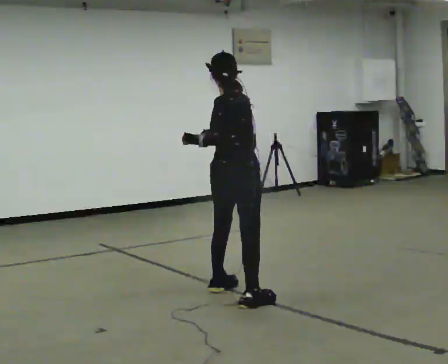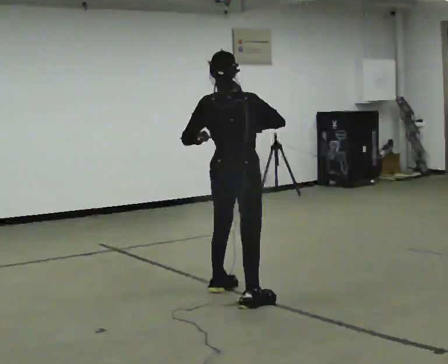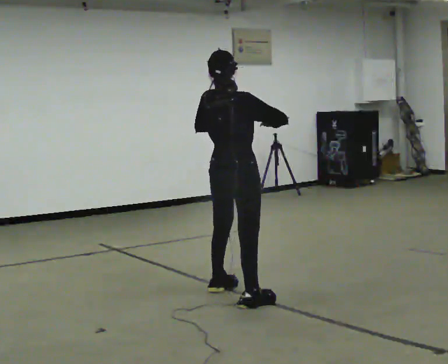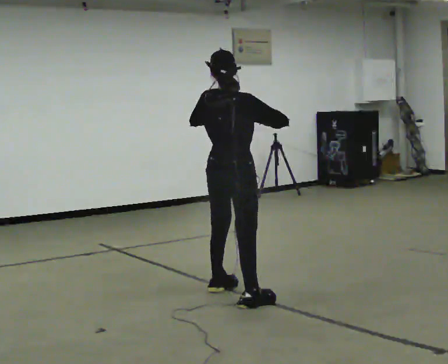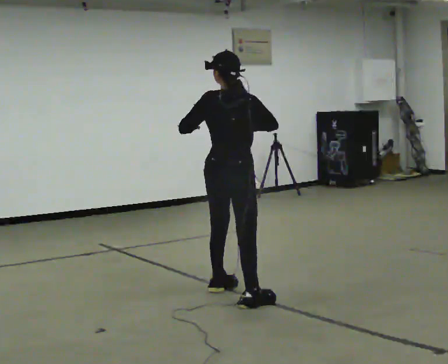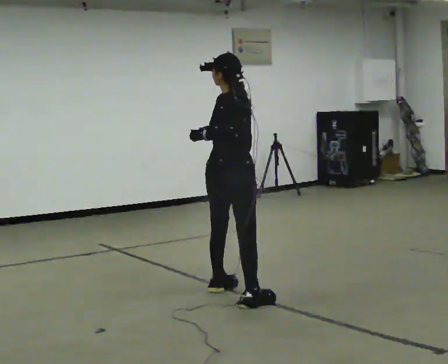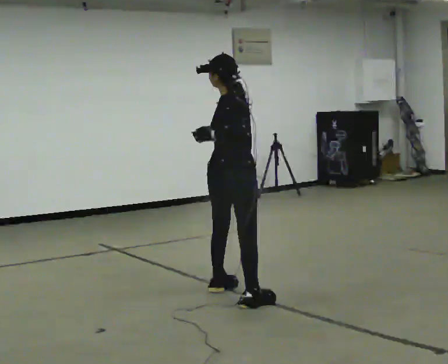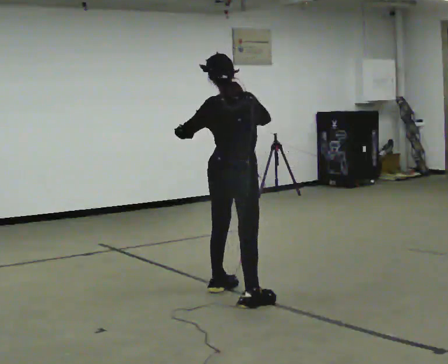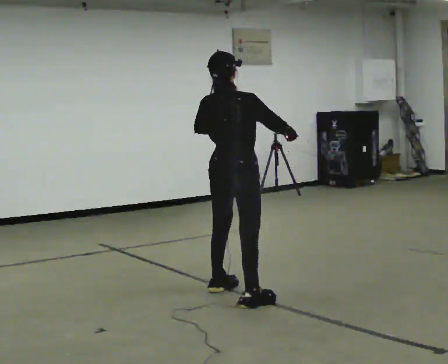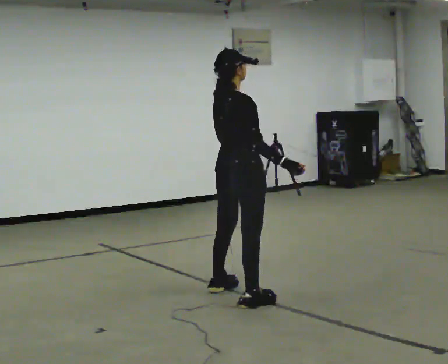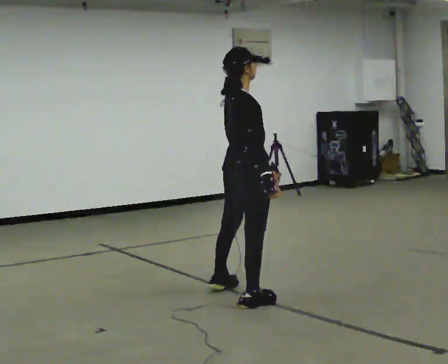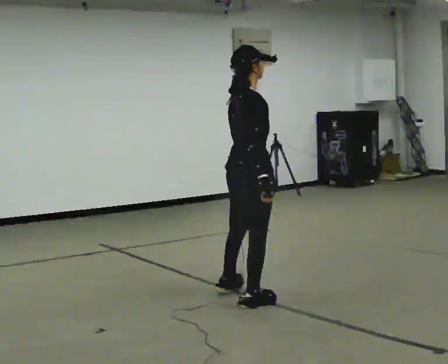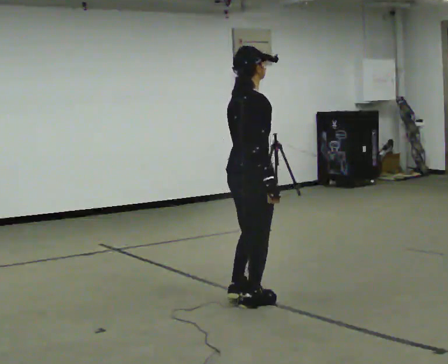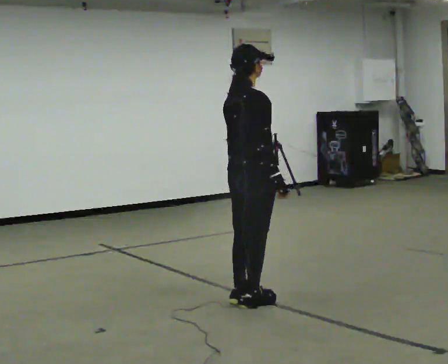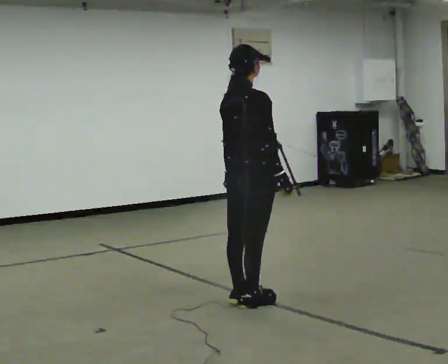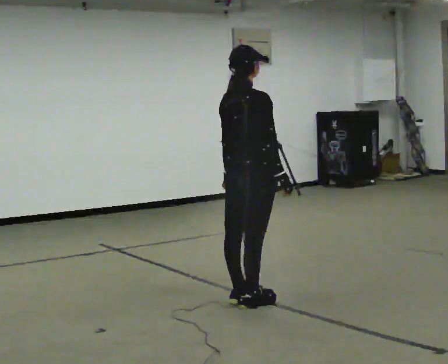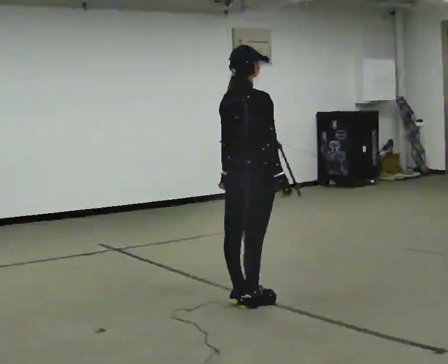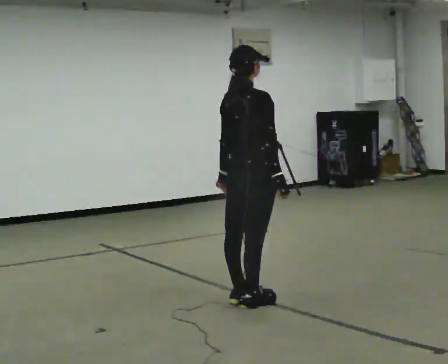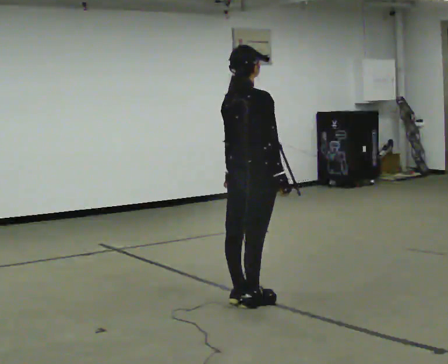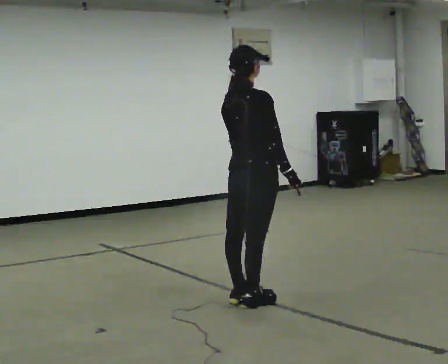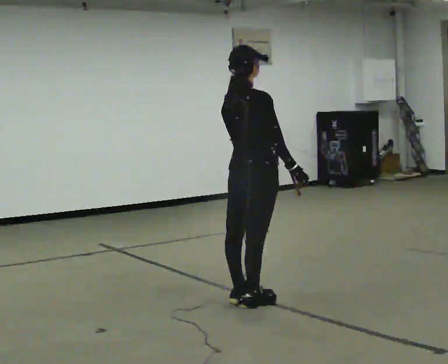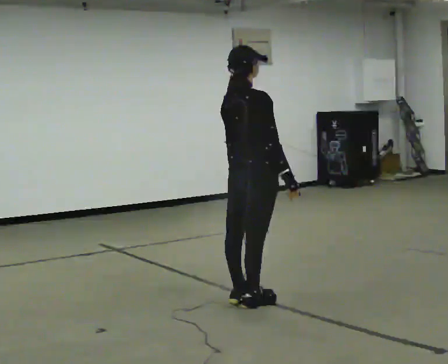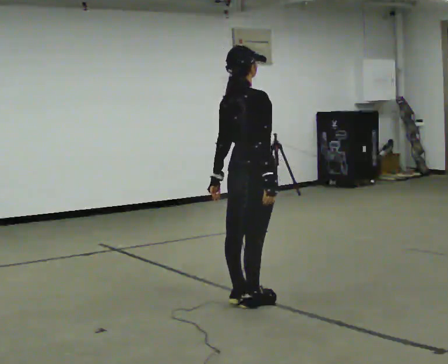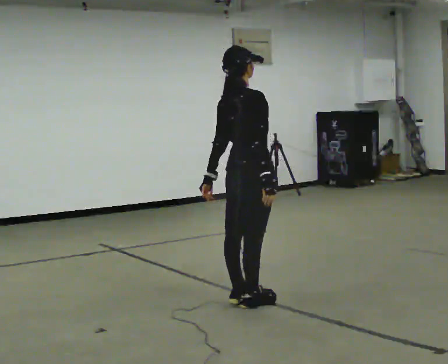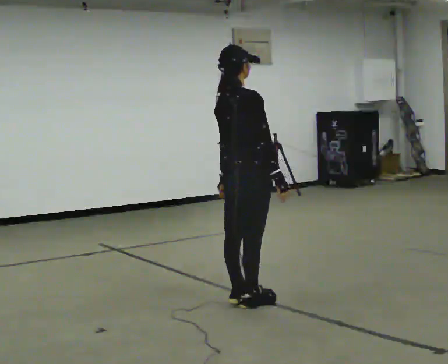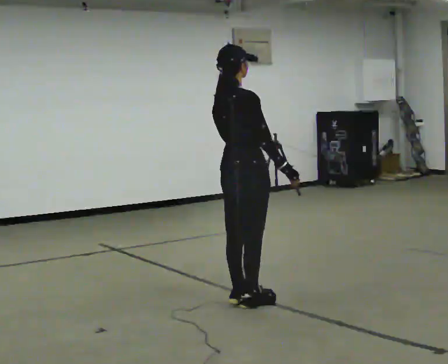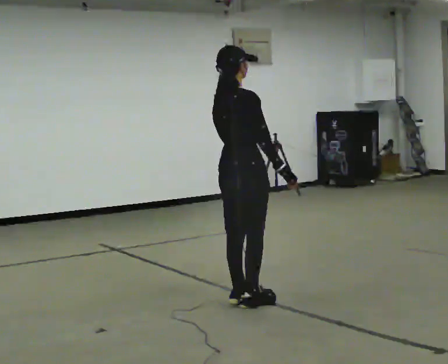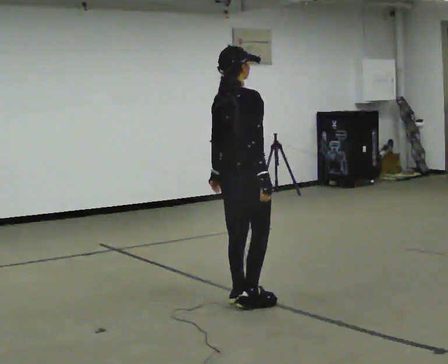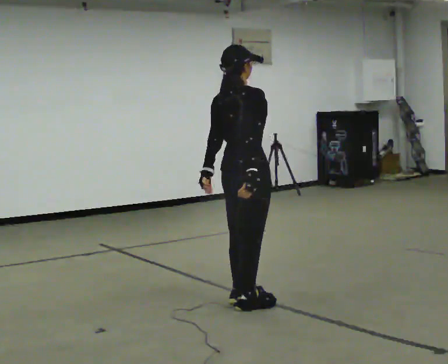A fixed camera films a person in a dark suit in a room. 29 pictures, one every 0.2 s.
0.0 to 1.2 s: The person moves a little, or ends about where they began.
1.2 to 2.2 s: The part of the body nearest the lens slides to the left as the person turns to their right by about 90 degrees. In the picture they go toward the camera, about 0.25 m in 1 step. In the picture their left hand goes to the right.
2.2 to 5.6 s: In the picture their left hand goes to the left.
The film runs backward here.
